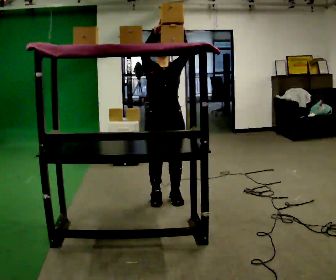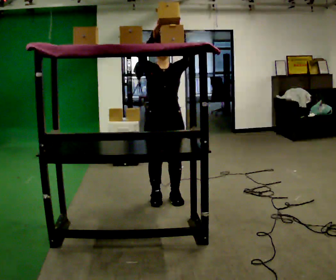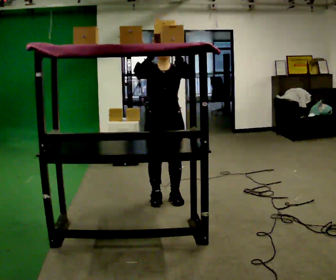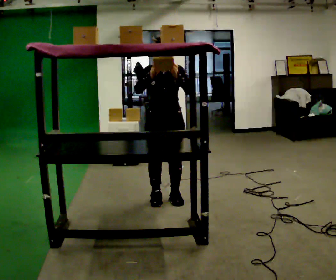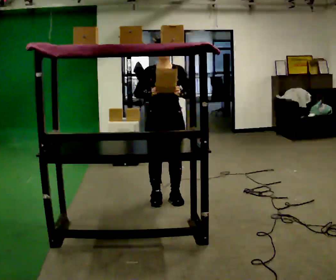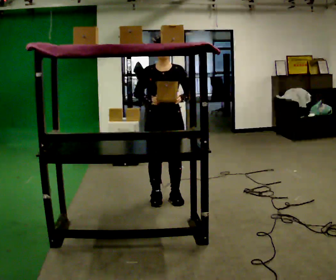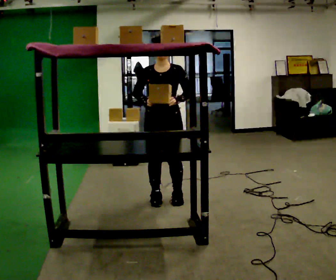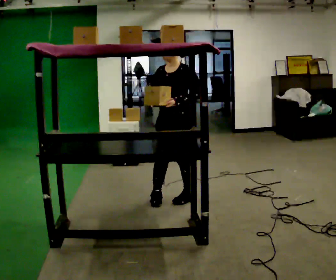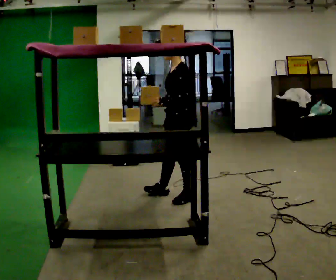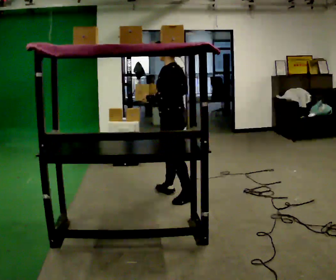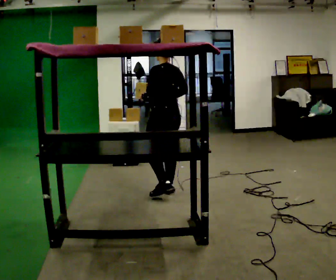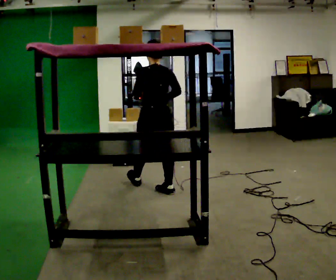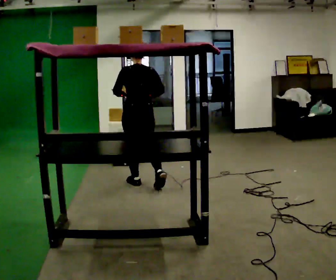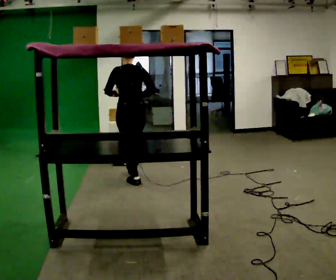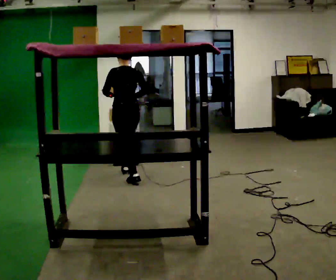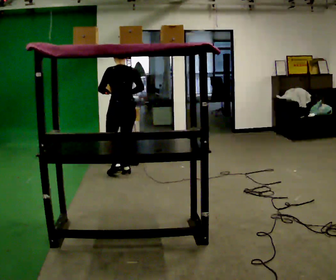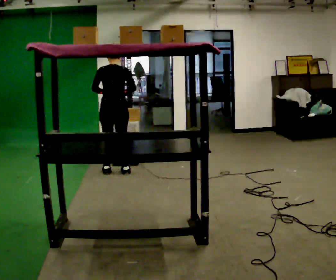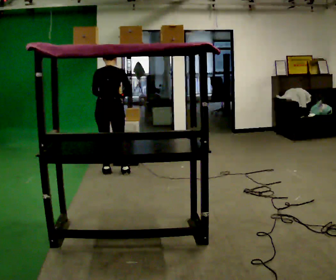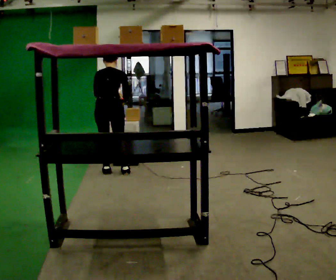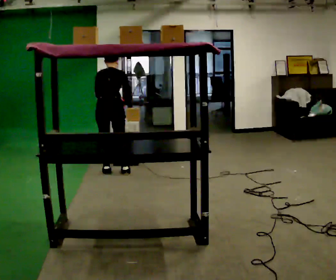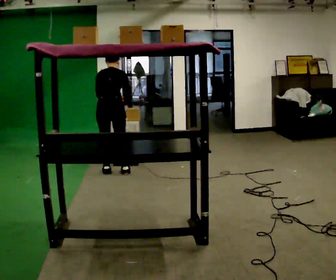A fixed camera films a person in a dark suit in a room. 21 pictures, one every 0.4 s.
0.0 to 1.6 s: In the picture their right hand goes downward.
1.6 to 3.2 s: The part of the body nearest the lens slides to the left as the person turns to their right by about 75 degrees. In the picture they go to the right, about 0.25 m in 1 step.
3.2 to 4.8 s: The person turns about 75 degrees to their right, clockwise seen from above, so the part of the body nearest the lens slides to the left. In the picture they go away from the camera and to the left, about 0.75 m in 2 steps.
4.8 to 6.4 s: In the picture they go away from the camera and to the left, about 0.75 m in 2 steps, which for them is forward.
6.4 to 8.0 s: The upper body tips away from the camera, its near side rolling upward, as they bend forward.
The film runs forward here.
